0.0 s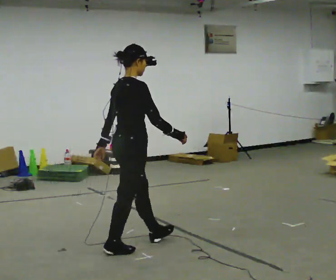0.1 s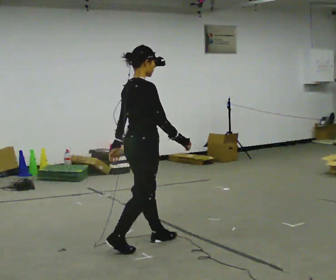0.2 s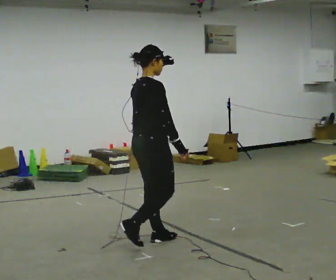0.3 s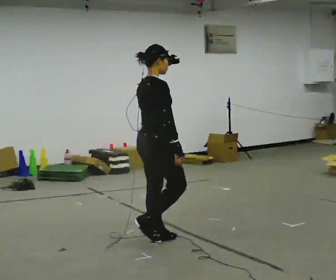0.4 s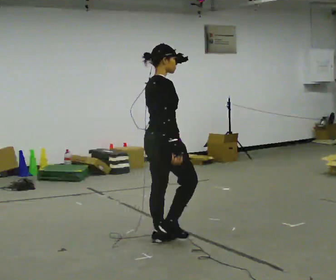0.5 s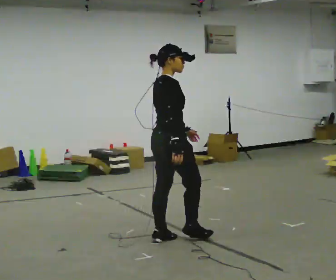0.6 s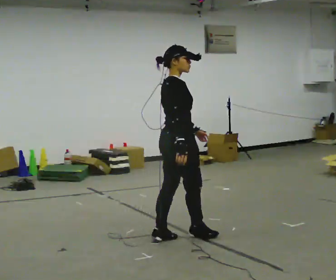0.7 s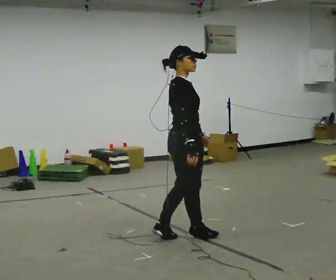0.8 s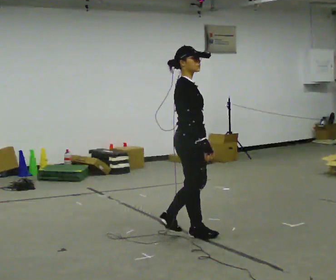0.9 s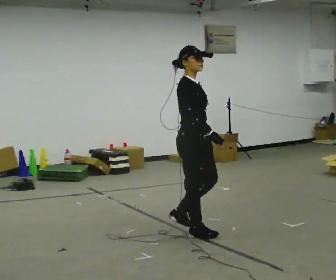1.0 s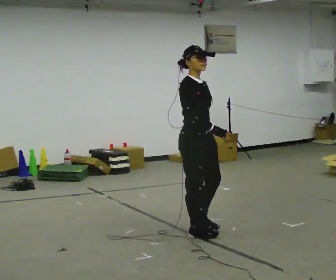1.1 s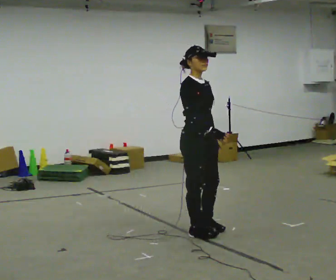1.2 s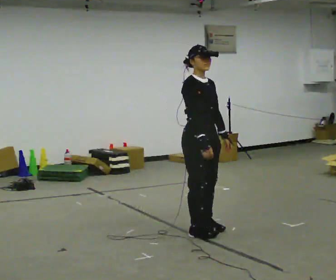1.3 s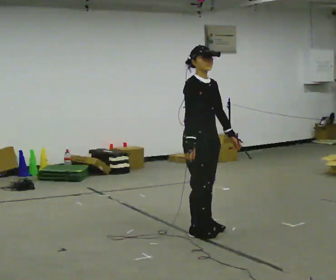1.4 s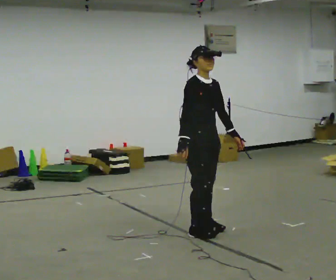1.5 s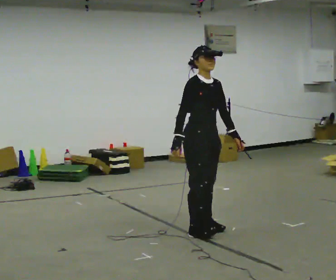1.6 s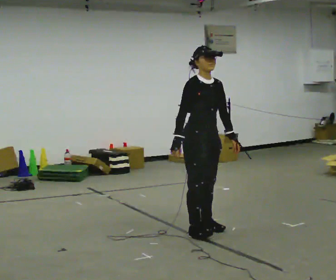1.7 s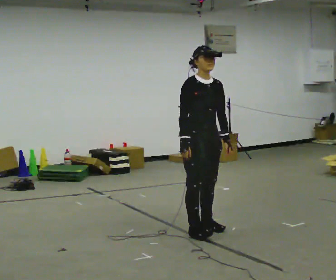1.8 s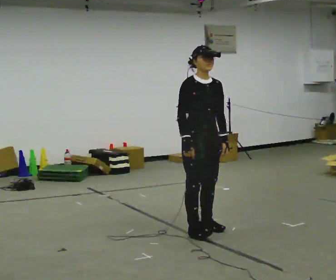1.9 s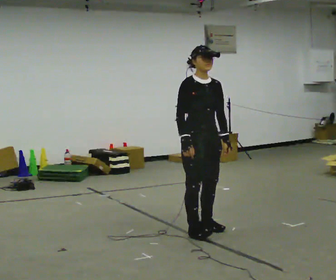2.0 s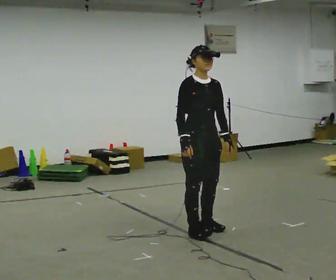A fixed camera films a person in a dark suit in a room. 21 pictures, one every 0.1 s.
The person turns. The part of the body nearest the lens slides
to the left.
The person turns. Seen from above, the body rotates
clockwise.
0.0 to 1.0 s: The person turns about 60 degrees to their right, clockwise seen from above, so the part of the body nearest the lens slides to the left. In the picture they go to the right and away from the camera, about 0.5 m in 2 steps, which for them is forward.
1.0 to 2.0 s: The part of the body nearest the lens slides to the left as the person turns to their right by about 30 degrees.
The film runs forward here.
